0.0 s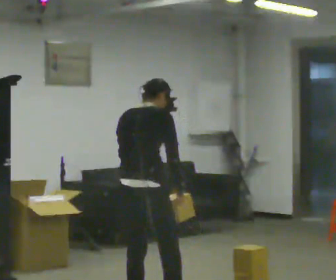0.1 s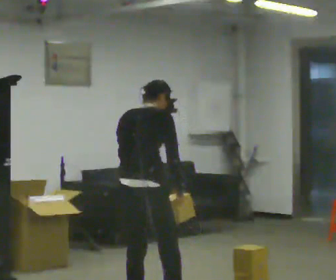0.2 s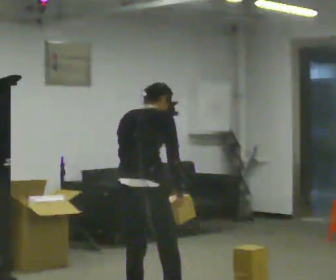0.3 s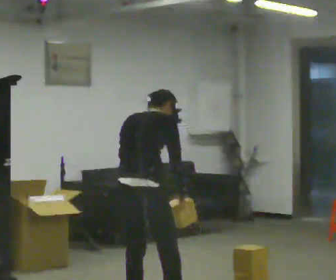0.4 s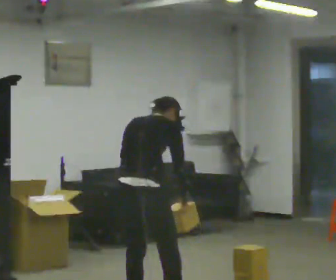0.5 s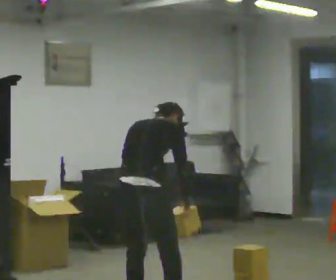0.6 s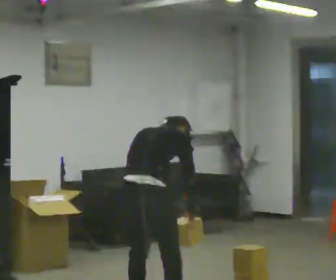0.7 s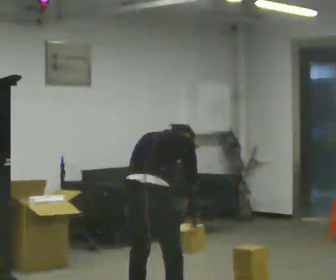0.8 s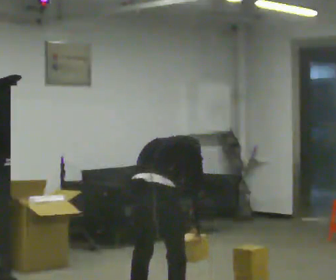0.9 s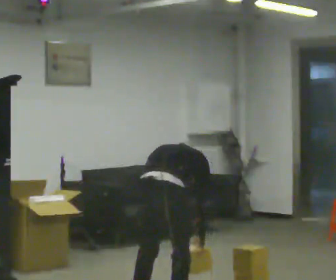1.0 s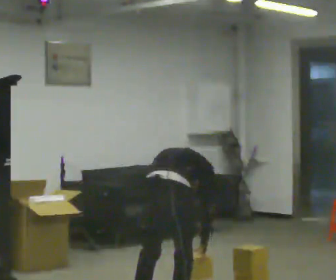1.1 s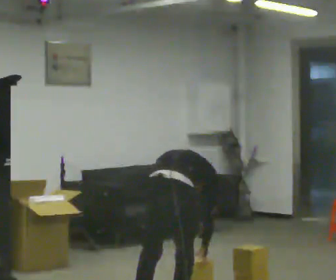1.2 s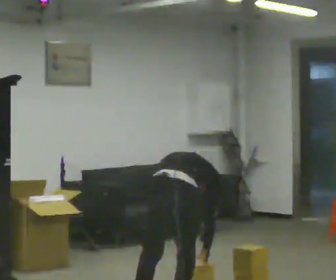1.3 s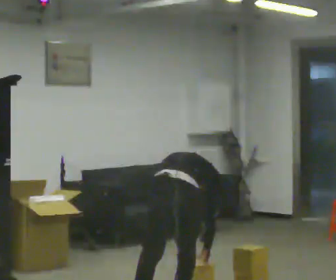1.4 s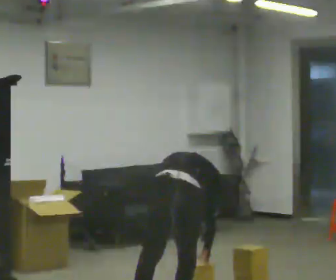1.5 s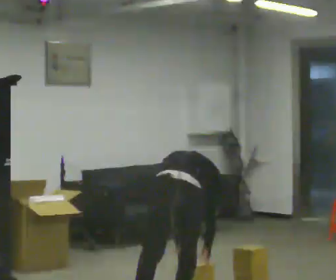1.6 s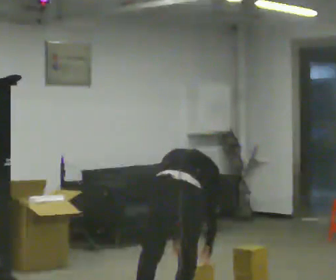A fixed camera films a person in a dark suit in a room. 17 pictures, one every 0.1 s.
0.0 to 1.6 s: In the picture they go to the right, about 0.25 m in 1 step, which for them is to their right. The shoulders move downward. The upper body tips away from the camera, its near side rolling upward, as they bend forward. In the picture their left hand goes downward.
The film runs backward here.
